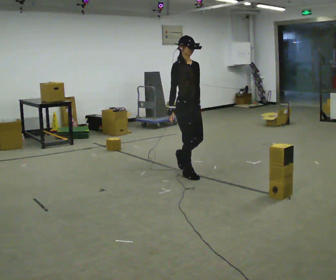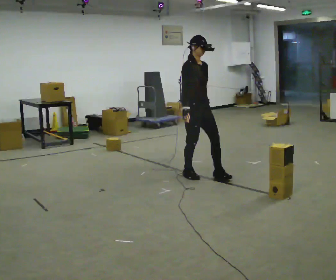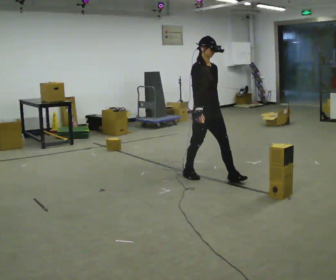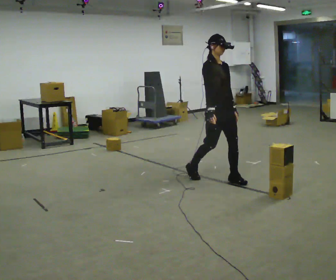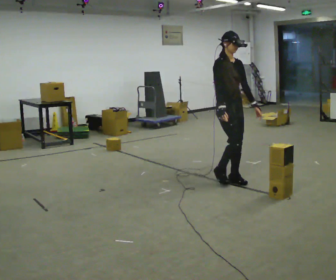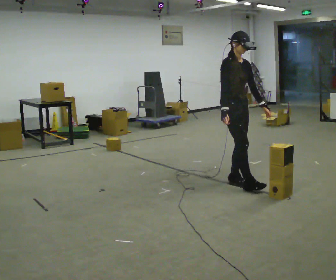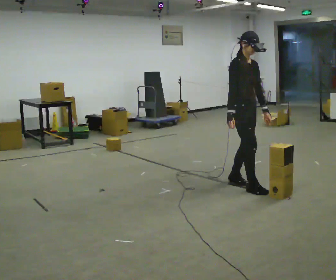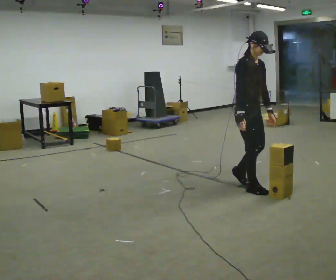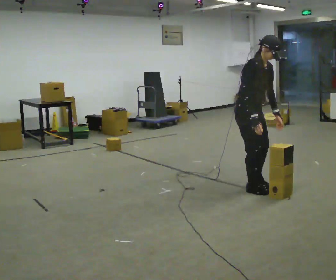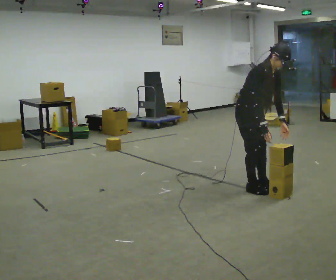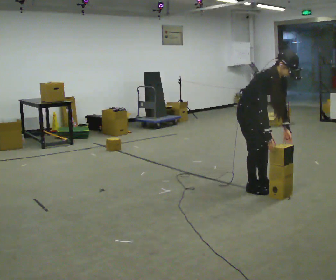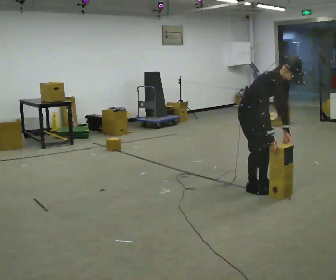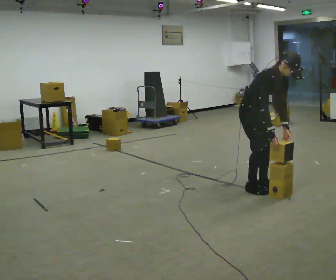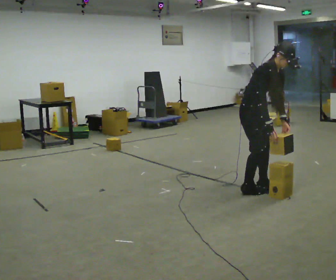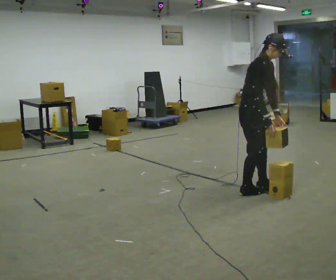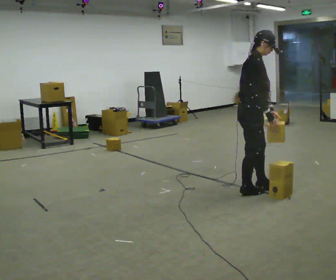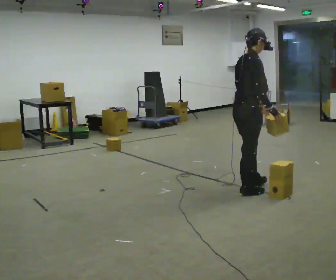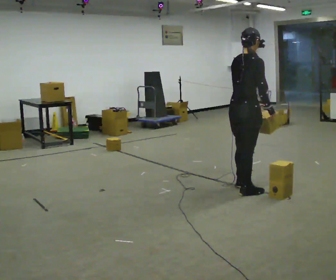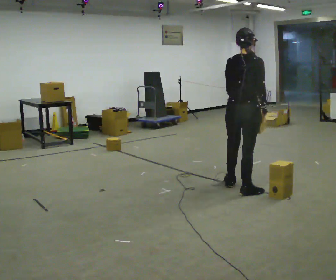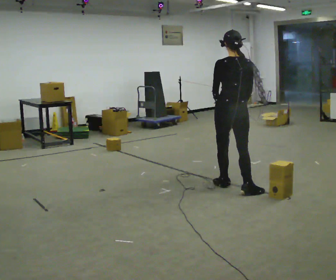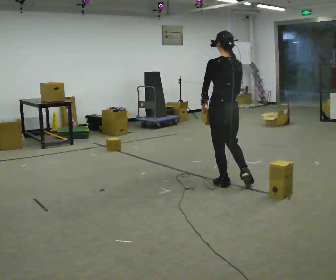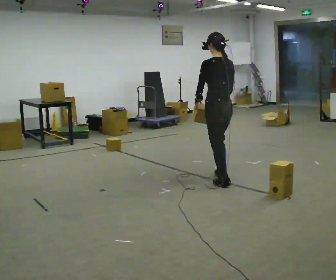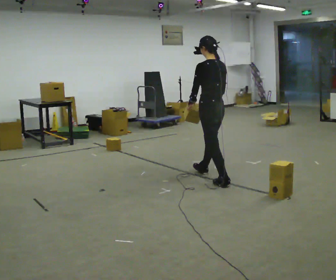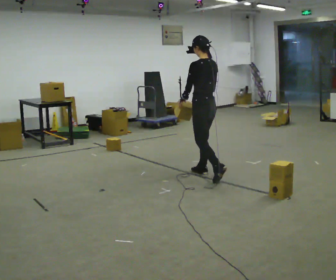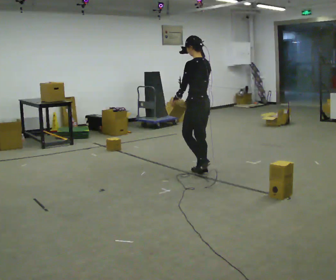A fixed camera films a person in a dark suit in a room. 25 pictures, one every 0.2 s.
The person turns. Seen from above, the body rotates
counterclockwise.
The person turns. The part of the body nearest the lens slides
to the right.
0.0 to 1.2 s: In the picture they go to the right and toward the camera, about 0.5 m in 2 steps, which for them is forward.
1.2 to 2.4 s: The upper body tips toward the camera, its near side rolling downward, as they bend forward. In the picture their right hand goes to the right.
2.4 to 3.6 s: The person turns about 120 degrees to their left, counterclockwise seen from above, so the part of the body nearest the lens slides to the right. In the picture the upper body tilts counterclockwise, shoulders to the left, as they lean back or straighten.
3.6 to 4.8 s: The part of the body nearest the lens slides to the right as the person turns to their left by about 75 degrees. In the picture they go away from the camera and to the left, about 1 m in 1 step.
The film runs forward here.
